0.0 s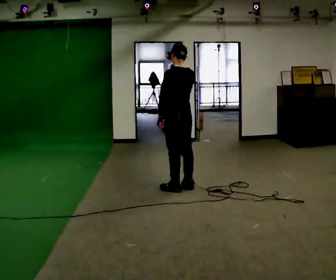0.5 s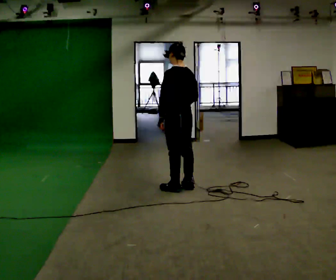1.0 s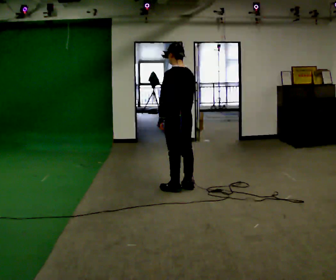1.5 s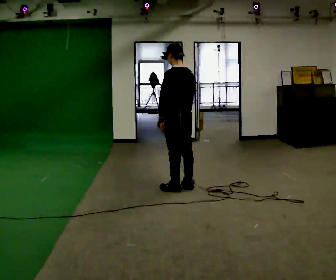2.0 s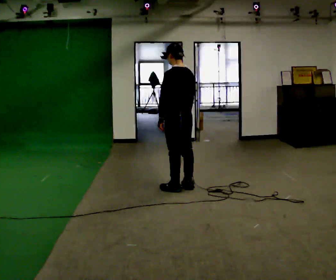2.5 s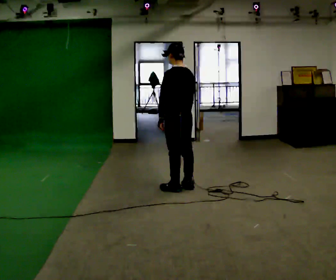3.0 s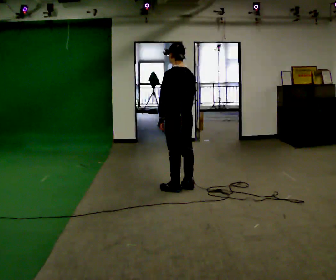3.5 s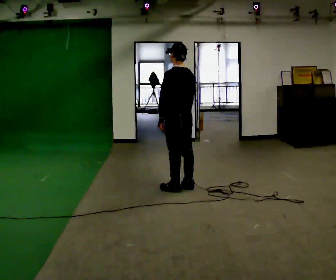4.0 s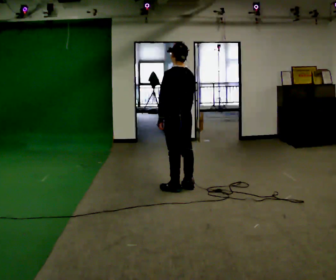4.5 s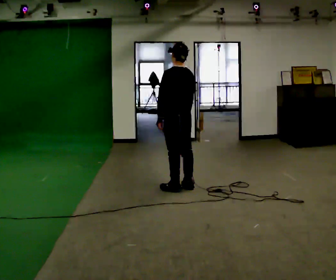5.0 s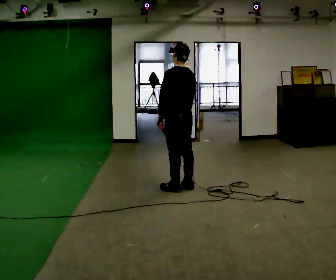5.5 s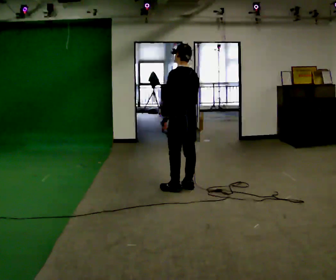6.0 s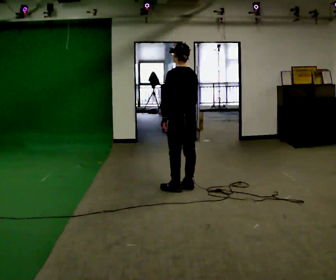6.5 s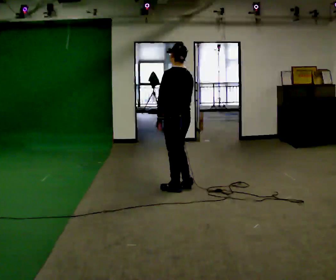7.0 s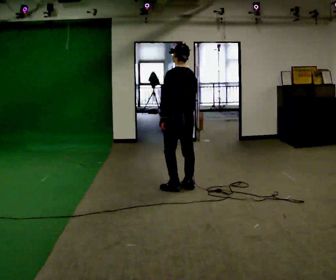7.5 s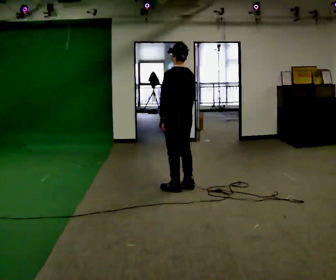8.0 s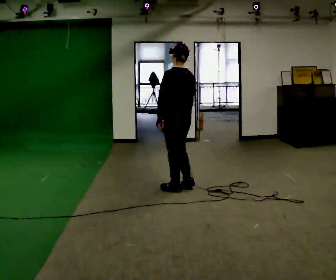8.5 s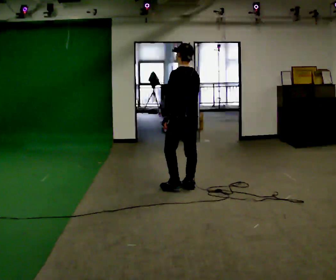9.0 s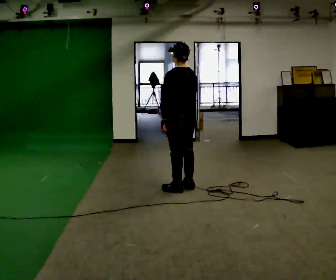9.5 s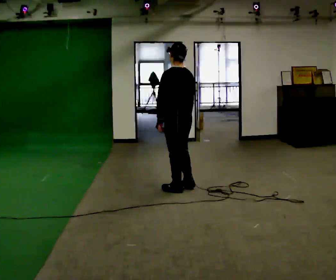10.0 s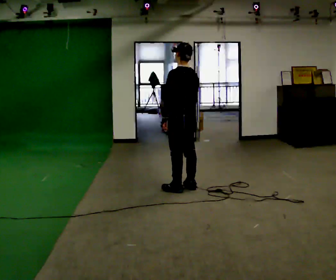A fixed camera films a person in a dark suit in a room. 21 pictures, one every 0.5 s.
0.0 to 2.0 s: In the picture their right hand goes downward.
2.0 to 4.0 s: The person keeps their place and pose.
4.0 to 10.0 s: The person moves a little, or ends about where they began.
The film runs backward here.
